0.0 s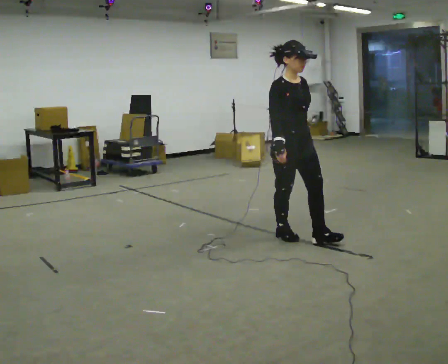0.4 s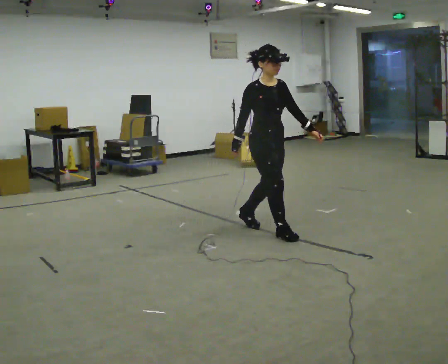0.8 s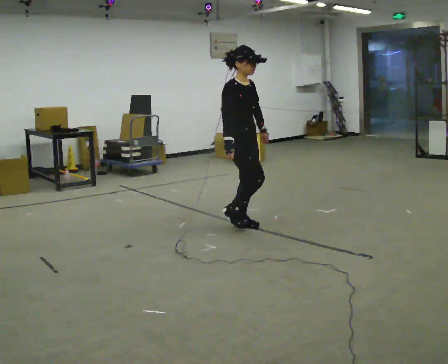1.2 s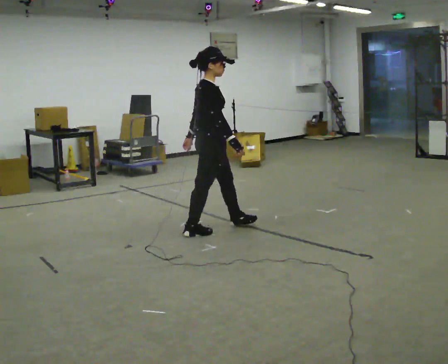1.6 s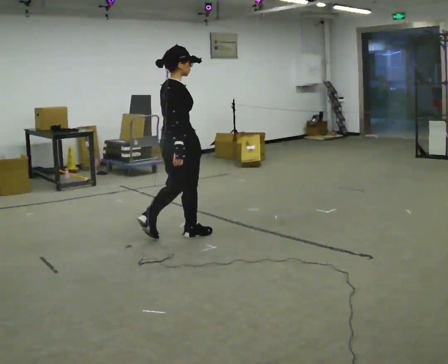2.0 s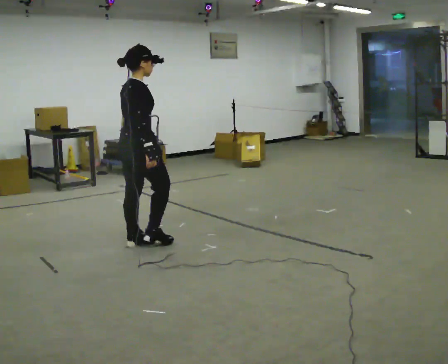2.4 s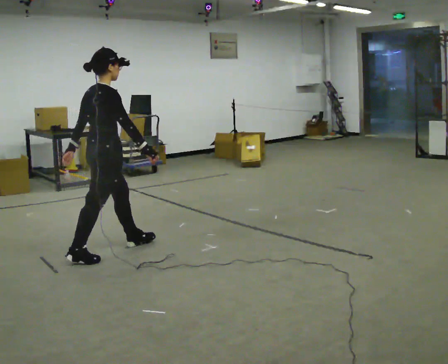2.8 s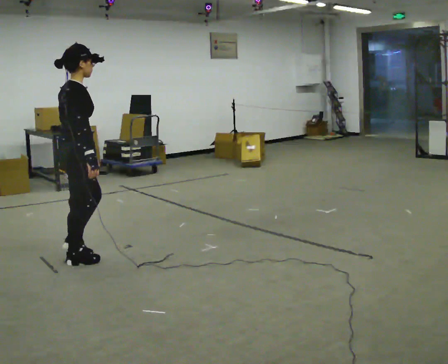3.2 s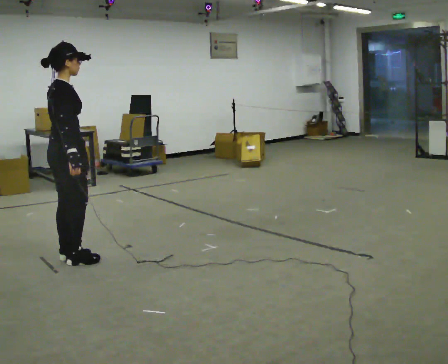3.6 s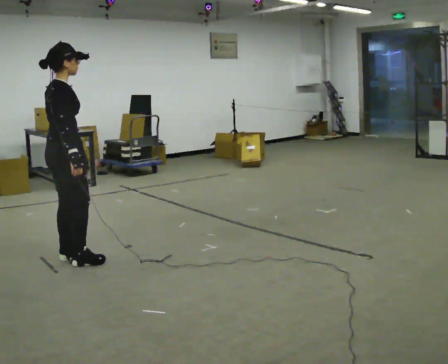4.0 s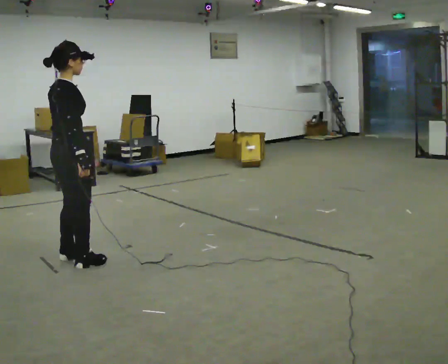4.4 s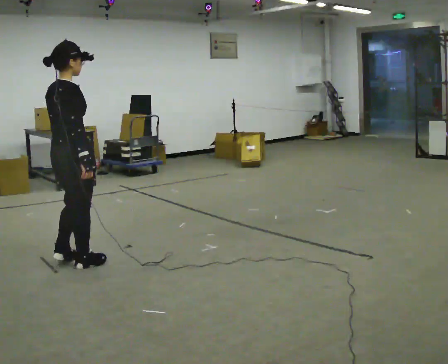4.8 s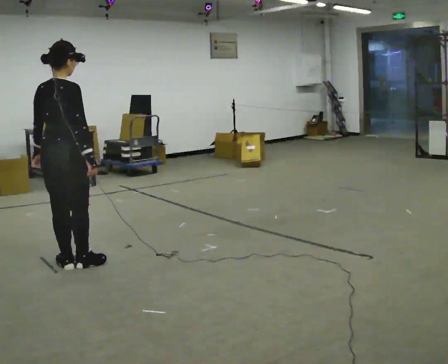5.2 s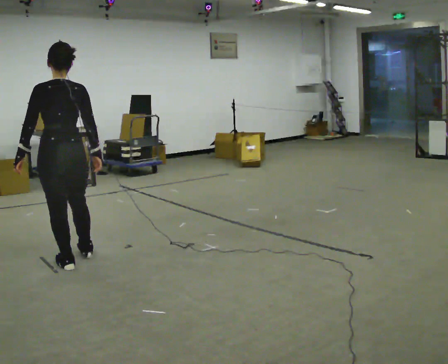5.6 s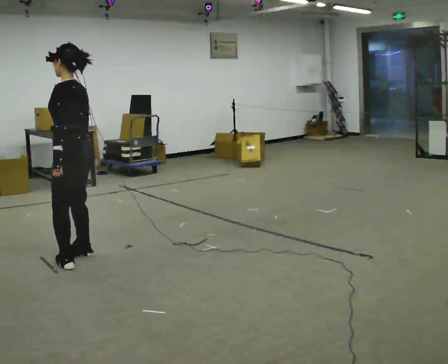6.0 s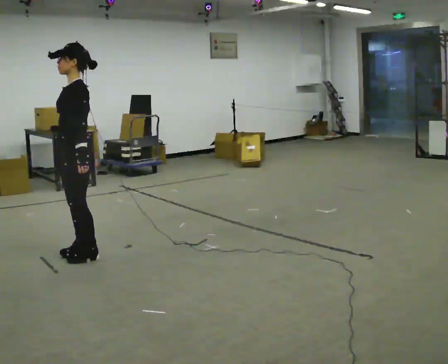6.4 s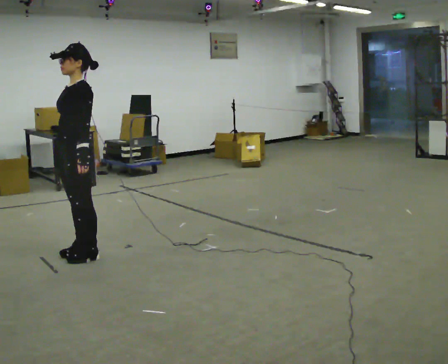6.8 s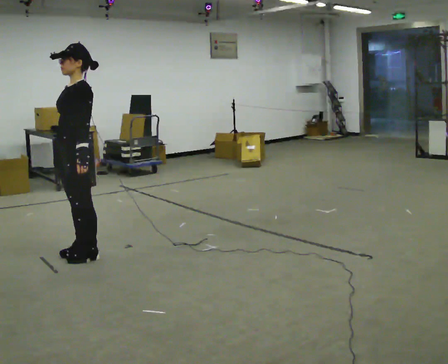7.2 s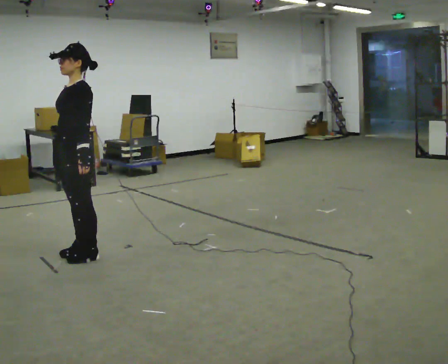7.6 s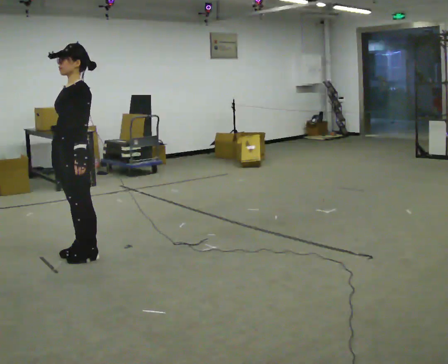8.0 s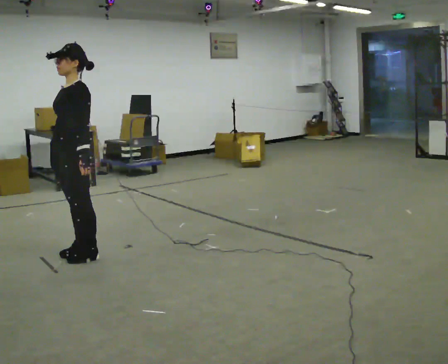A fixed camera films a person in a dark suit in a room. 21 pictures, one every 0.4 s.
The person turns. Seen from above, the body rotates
counterclockwise.
The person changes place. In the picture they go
to the left.
0.0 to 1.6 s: Seen from above the body turns counterclockwise, about 90 degrees: to their left, with its near side sliding to the right. In the picture they go to the left and away from the camera, about 1 m in 2 steps.
1.6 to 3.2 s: In the picture they go to the left, about 1 m in 2 steps, which for them is backward.
3.2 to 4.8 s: Seen from above the body turns counterclockwise, about 30 degrees: to their left, with its near side sliding to the right. In the picture they go toward the camera, about 0.25 m in 1 step, which for them is to their right.
4.8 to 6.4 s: The person turns about 150 degrees to their left, counterclockwise seen from above, so the part of the body nearest the lens slides to the right. In the picture they go away from the camera, about 0.25 m in 2 steps.
6.4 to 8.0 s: The person moves a little, or ends about where they began.
The film runs backward here.
